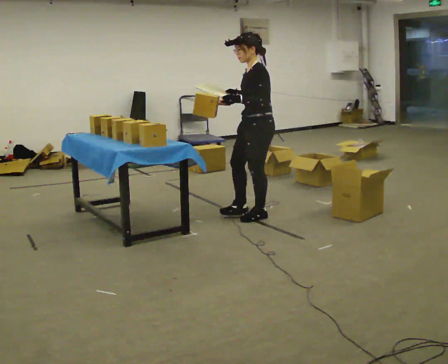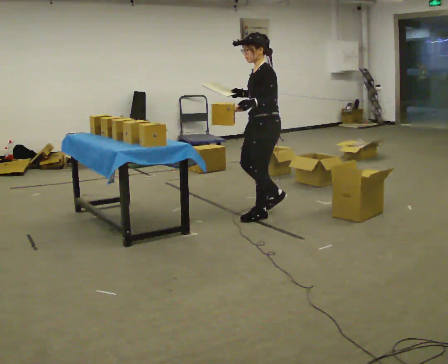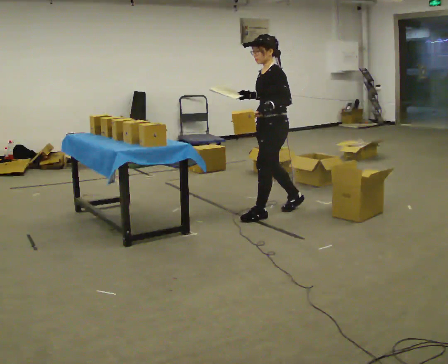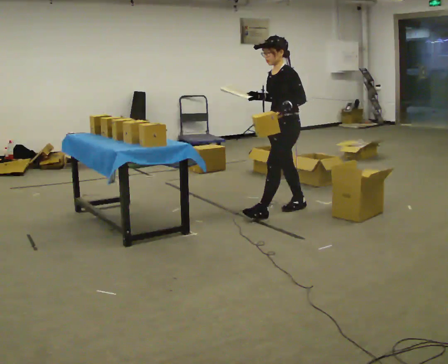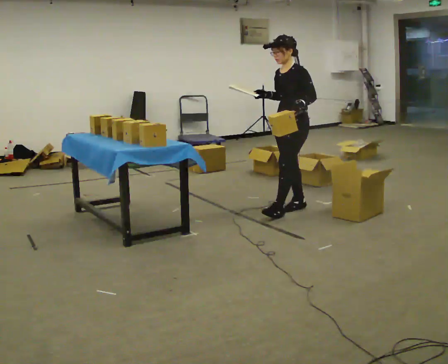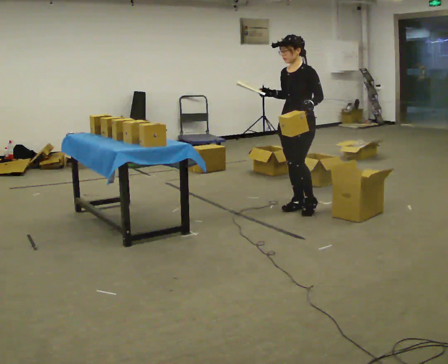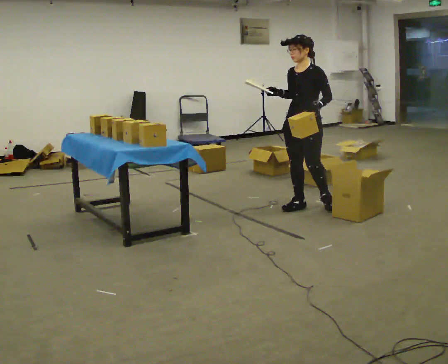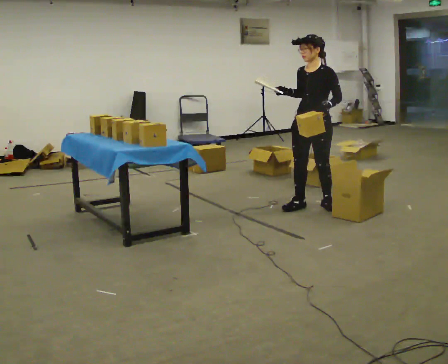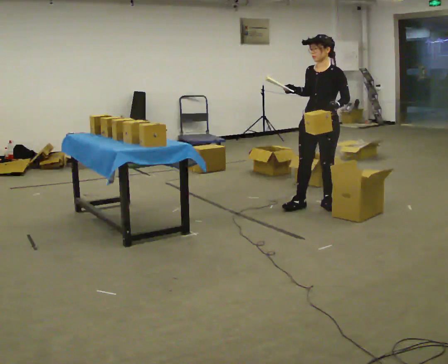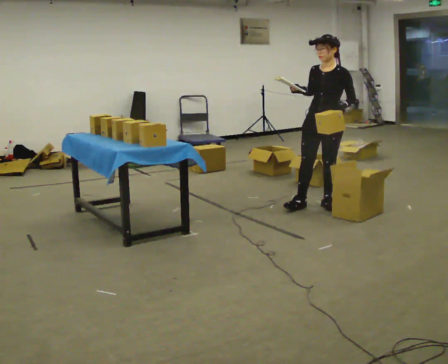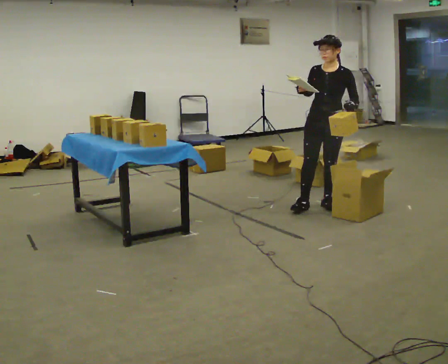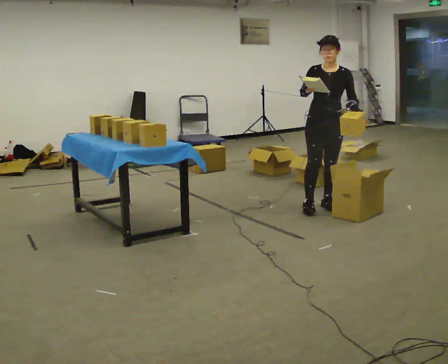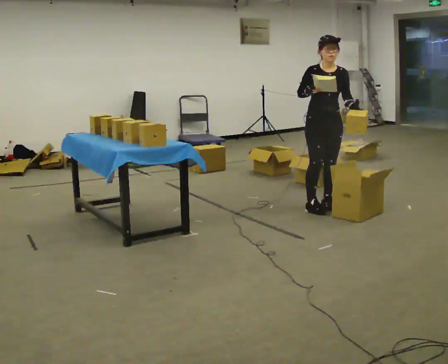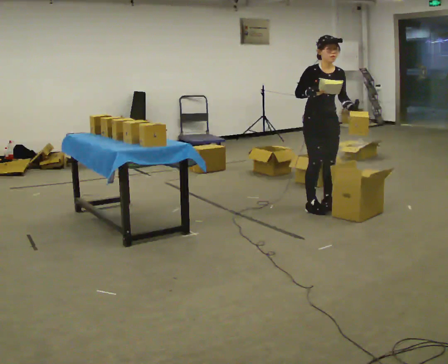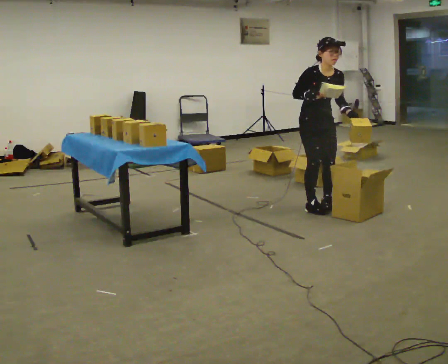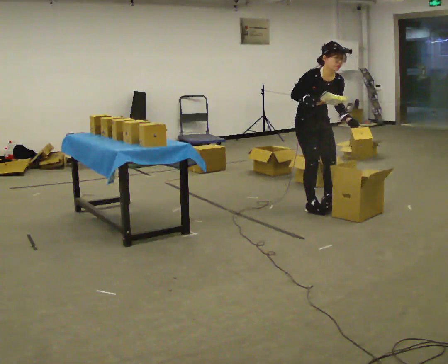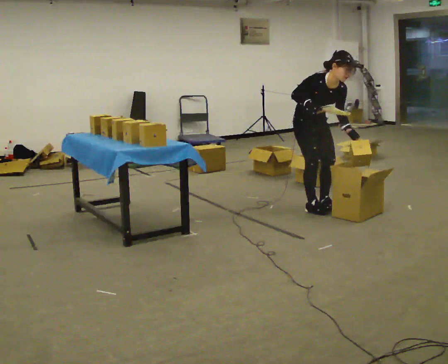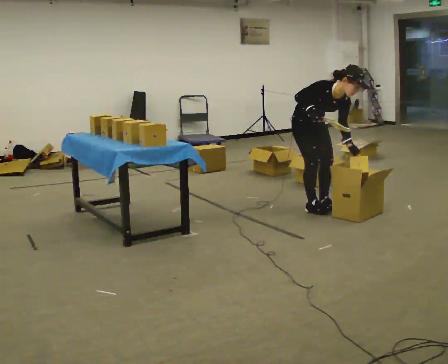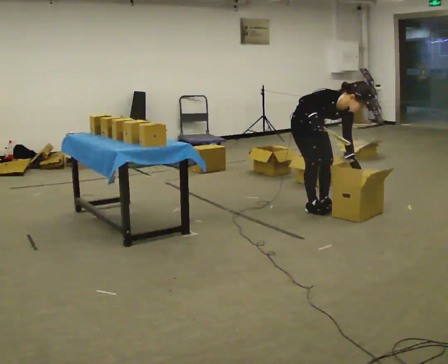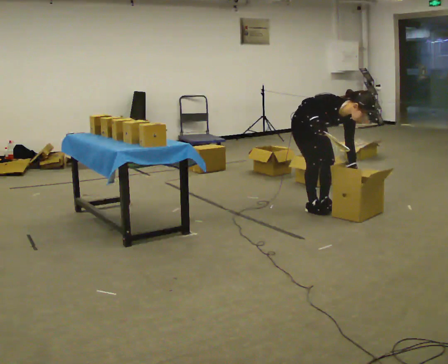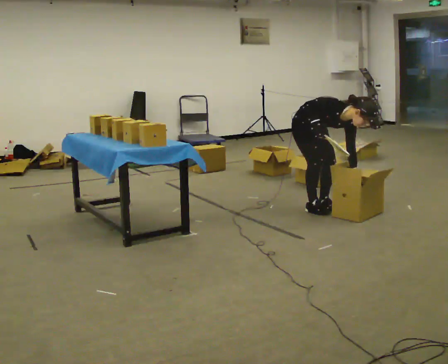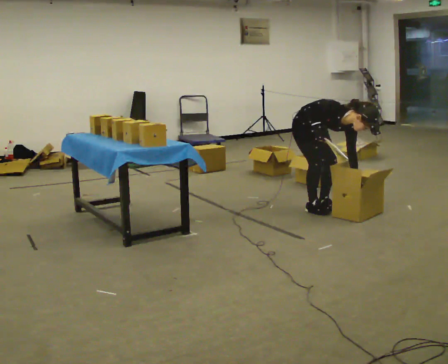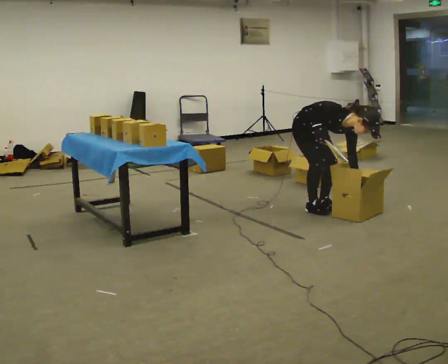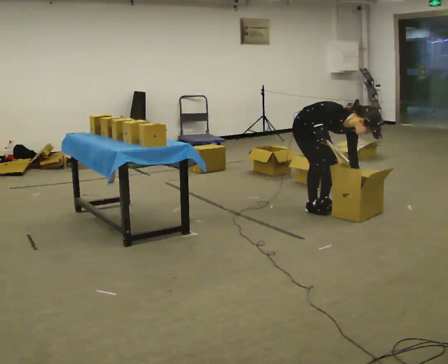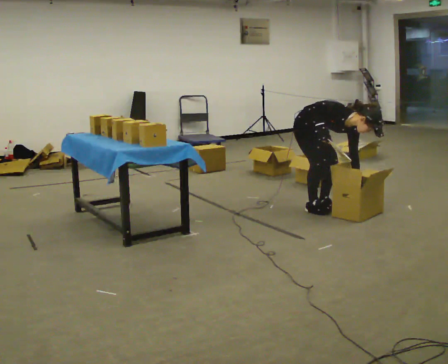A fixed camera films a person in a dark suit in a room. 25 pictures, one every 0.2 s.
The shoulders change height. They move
downward.
The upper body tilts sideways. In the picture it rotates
clockwise.
0.0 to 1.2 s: The part of the body nearest the lens slides to the right as the person turns to their left by about 30 degrees. In the picture they go to the right and away from the camera, about 0.5 m in 1 step, which for them is backward.
1.2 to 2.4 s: The part of the body nearest the lens slides to the right as the person turns to their left by about 45 degrees. In the picture they go to the right, about 0.25 m, which for them is to their left. In the picture their right hand goes to the right.
2.4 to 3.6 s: The part of the body nearest the lens slides to the right as the person turns to their left by about 30 degrees. In the picture they go to the left, about 0.25 m, which for them is to their right. The shoulders move downward. In the picture the upper body tilts clockwise, shoulders to the right, as they bend forward. In the picture their left hand goes downward.
3.6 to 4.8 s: In the picture the upper body tilts clockwise, shoulders to the right, as they bend forward.
The film runs backward here.
